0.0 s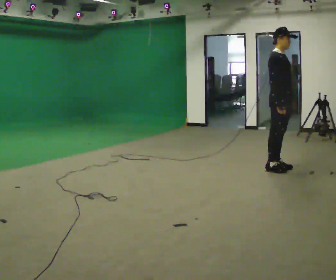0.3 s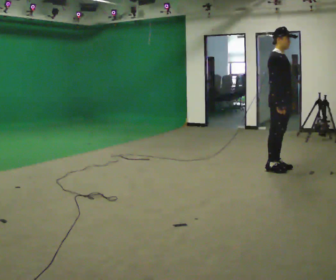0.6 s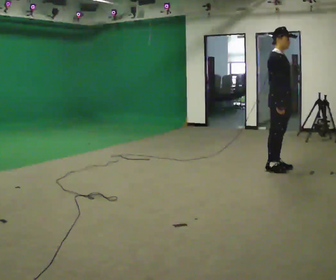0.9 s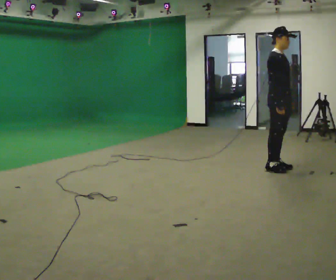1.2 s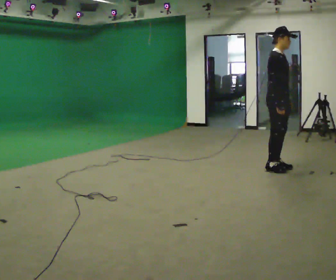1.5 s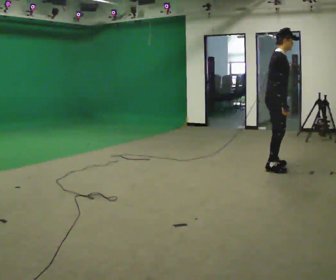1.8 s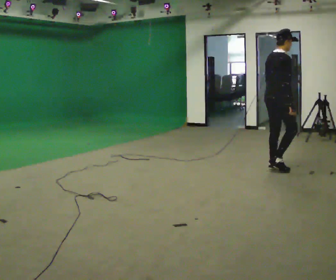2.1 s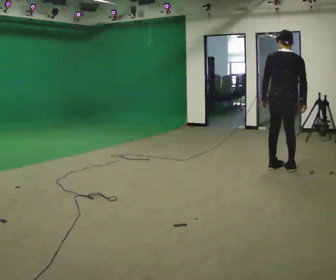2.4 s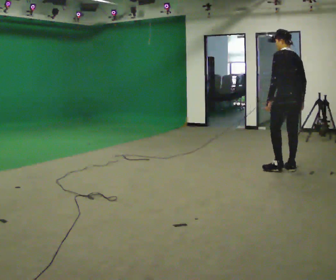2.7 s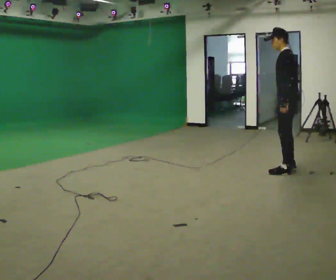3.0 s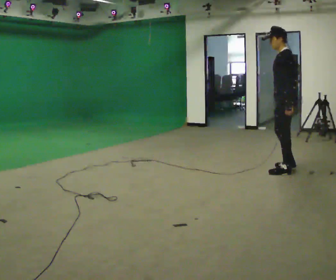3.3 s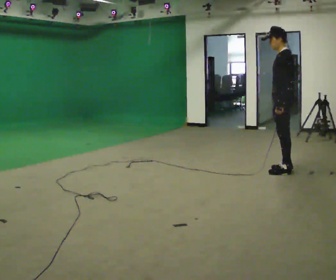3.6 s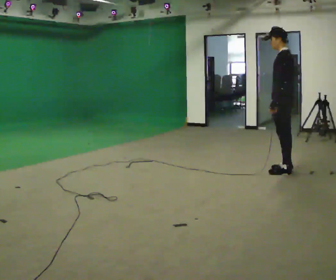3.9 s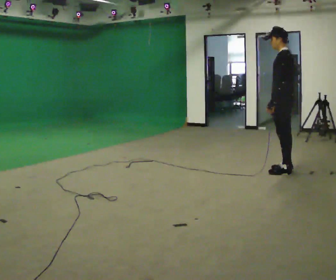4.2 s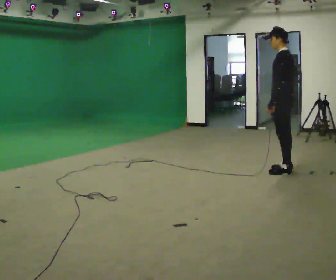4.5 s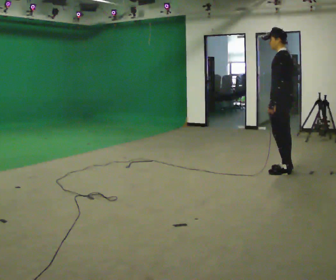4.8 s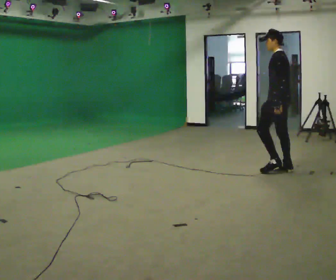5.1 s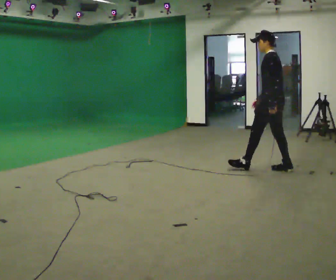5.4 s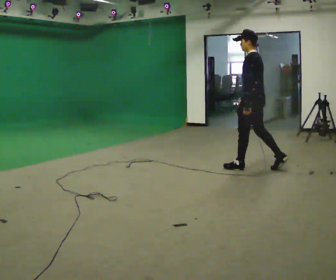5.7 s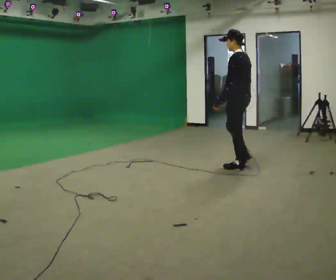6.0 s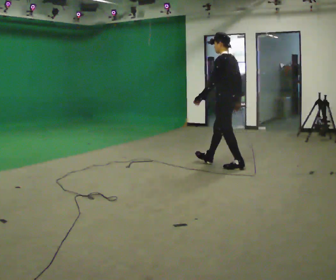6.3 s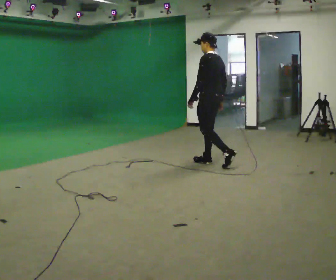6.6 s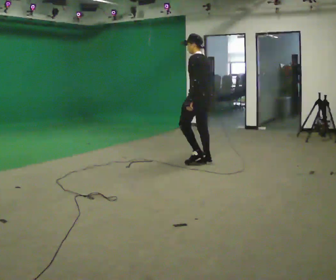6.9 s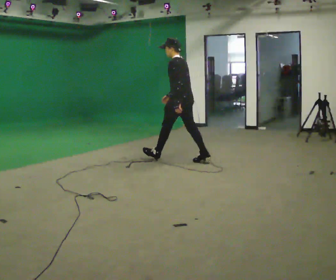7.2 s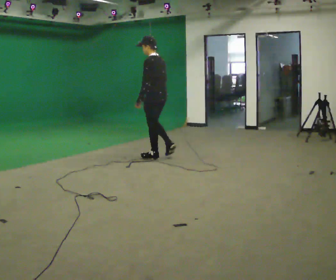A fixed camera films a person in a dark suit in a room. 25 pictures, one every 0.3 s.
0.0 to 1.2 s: The person moves a little, or ends about where they began.
1.2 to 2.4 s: Seen from above the body turns counterclockwise, about 150 degrees: to their left, with its near side sliding to the right. In the picture they go to the right, about 0.25 m in 1 step.
2.4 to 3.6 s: The part of the body nearest the lens slides to the right as the person turns to their left by about 30 degrees.
3.6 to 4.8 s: The person moves a little, or ends about where they began.
4.8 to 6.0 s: In the picture they go to the left, about 0.75 m in 2 steps, which for them is forward.
6.0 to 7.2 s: In the picture they go to the left, about 1 m in 1 step, which for them is forward.
The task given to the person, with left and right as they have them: Start still; gradually go slow → normal → fast; briefly maintain fast speed; stop.
The film runs forward here.
